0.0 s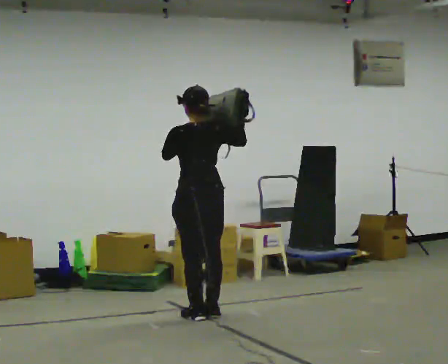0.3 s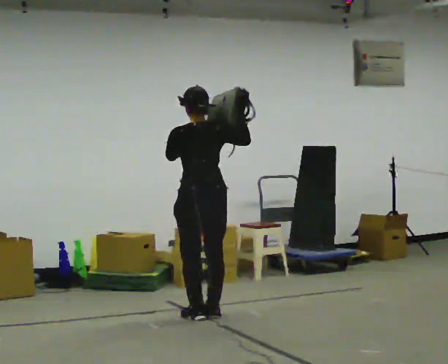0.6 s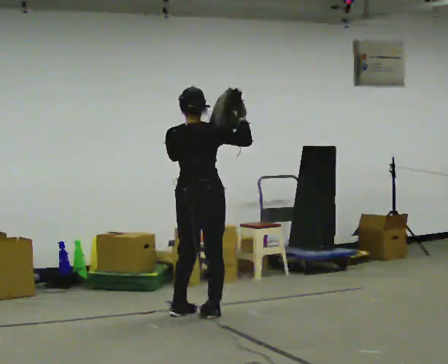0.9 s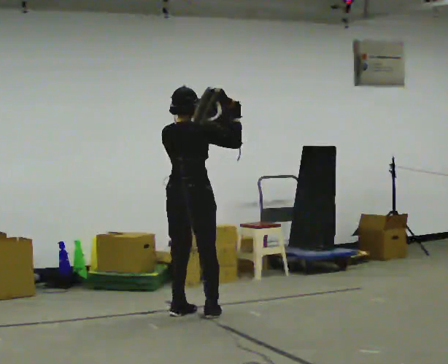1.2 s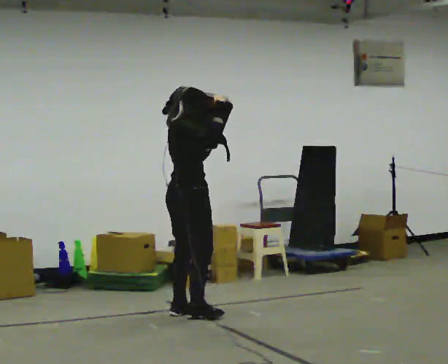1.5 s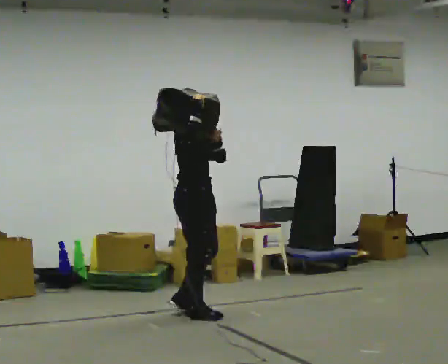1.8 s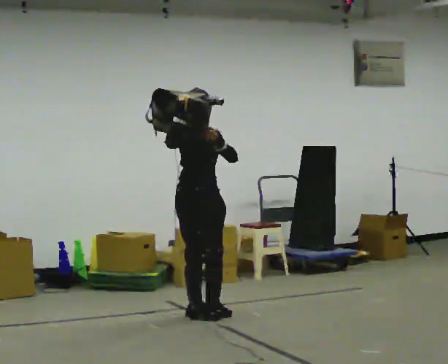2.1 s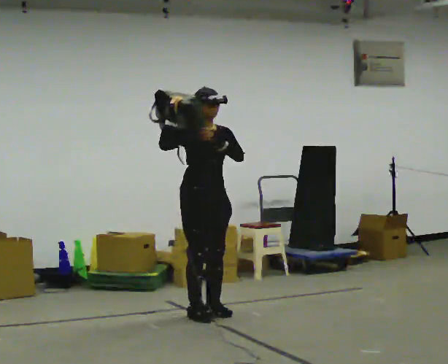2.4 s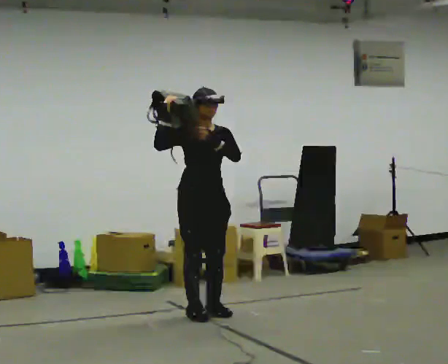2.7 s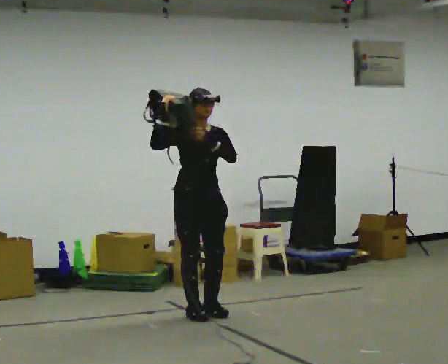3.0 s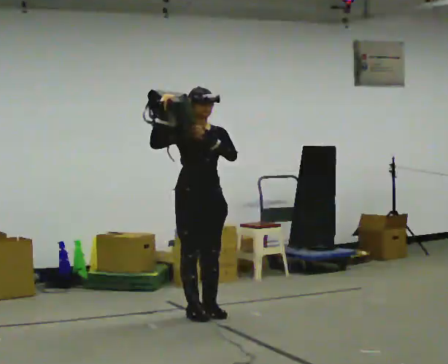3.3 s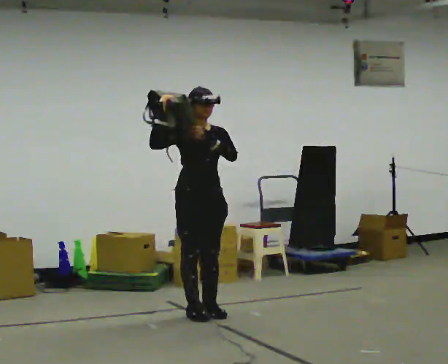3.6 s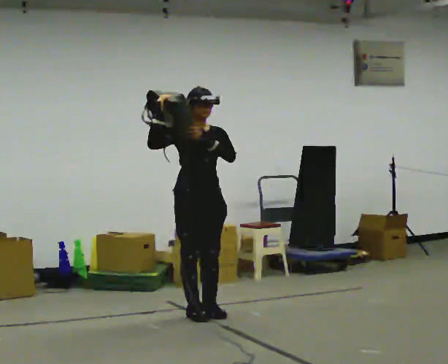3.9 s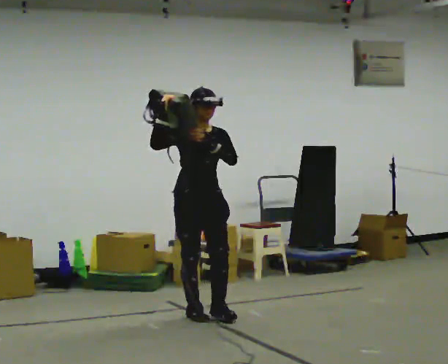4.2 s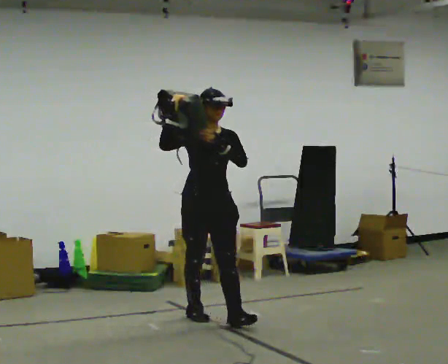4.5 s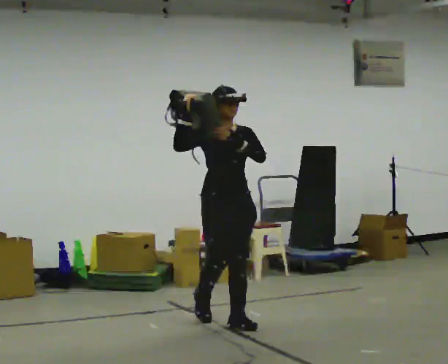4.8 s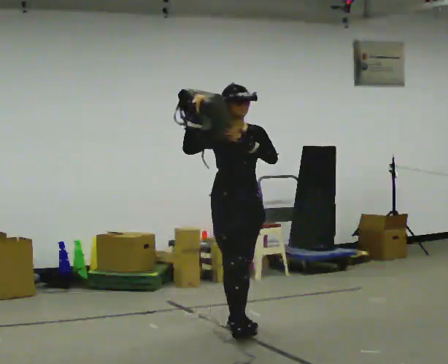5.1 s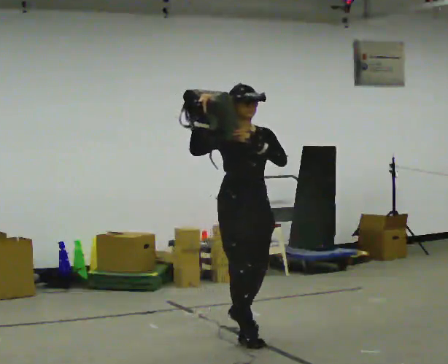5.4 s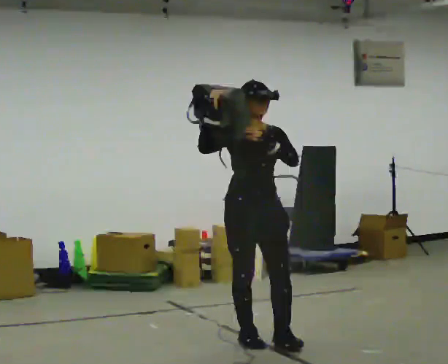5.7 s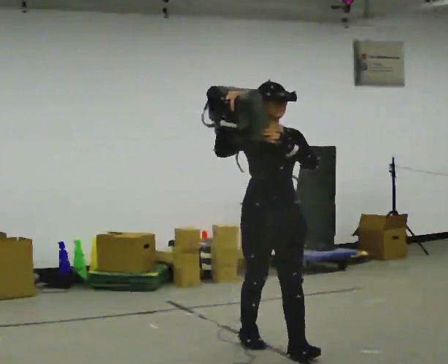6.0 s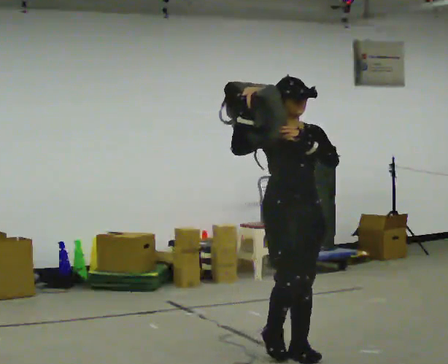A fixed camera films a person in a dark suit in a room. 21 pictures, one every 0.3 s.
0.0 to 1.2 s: The part of the body nearest the lens slides to the left as the person turns to their right by about 90 degrees.
1.2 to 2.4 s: The person turns about 90 degrees to their right, clockwise seen from above, so the part of the body nearest the lens slides to the left. In the picture their right hand goes to the left.
2.4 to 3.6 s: The person moves a little, or ends about where they began.
3.6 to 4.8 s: In the picture they go toward the camera and to the right, about 0.5 m in 1 step, which for them is forward.
4.8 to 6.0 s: In the picture they go toward the camera and to the right, about 1 m in 2 steps, which for them is forward.
The film runs forward here.
